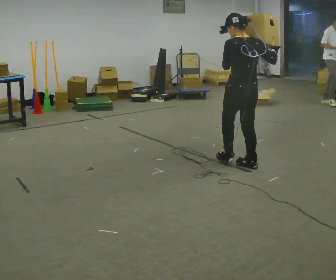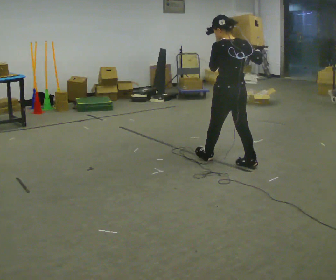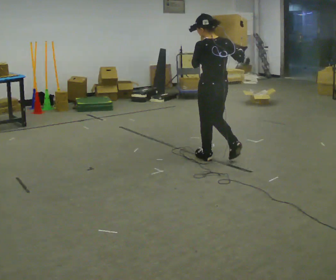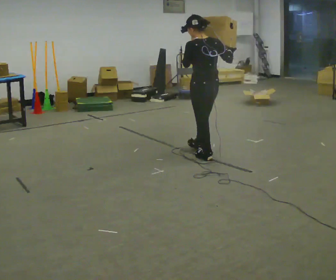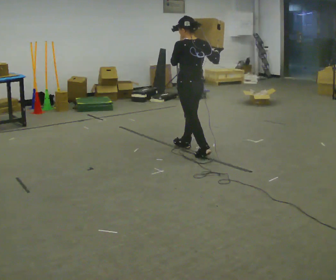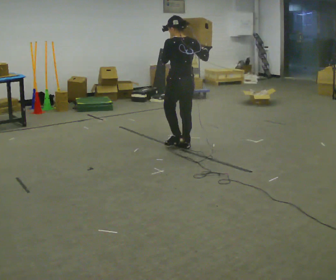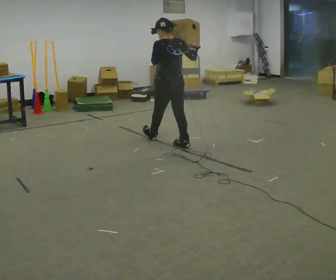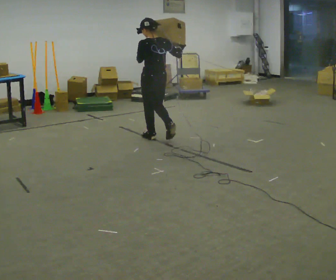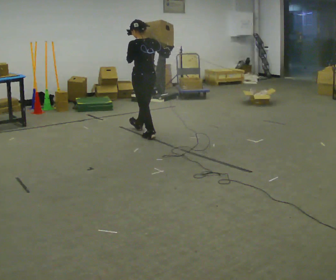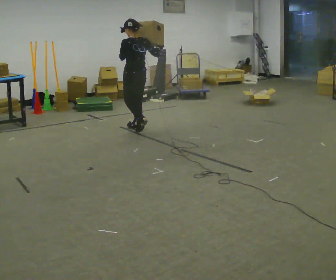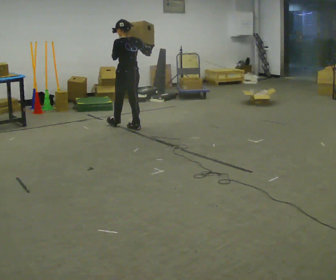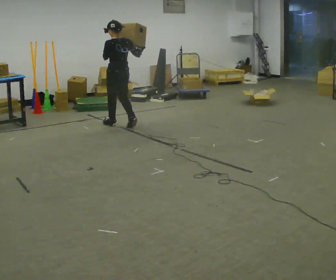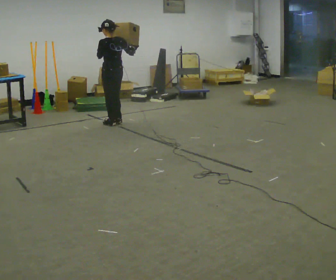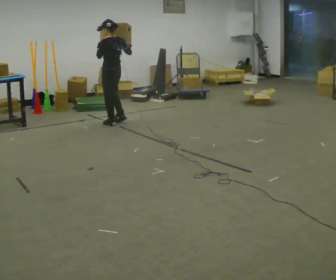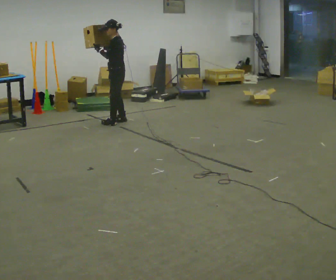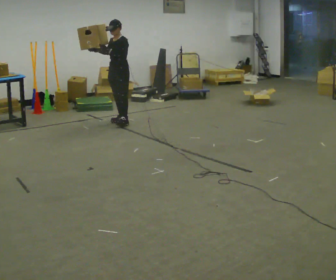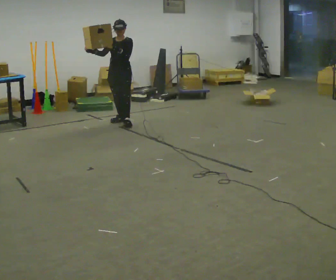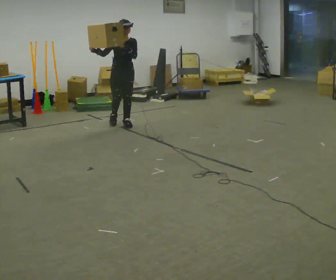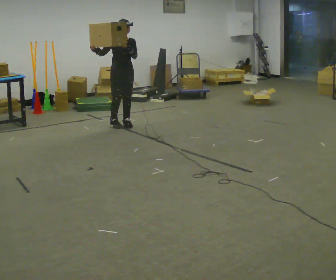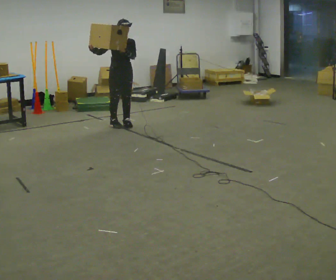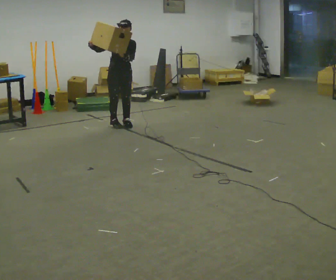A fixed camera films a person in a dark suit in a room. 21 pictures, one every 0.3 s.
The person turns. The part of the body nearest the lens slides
to the right.
The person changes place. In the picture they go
away from the camera.
0.0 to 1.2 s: In the picture they go away from the camera and to the left, about 0.75 m in 2 steps, which for them is forward.
1.2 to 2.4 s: In the picture they go away from the camera and to the left, about 1 m in 1 step, which for them is forward.
2.4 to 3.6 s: In the picture they go away from the camera and to the left, about 0.5 m in 2 steps, which for them is forward.
3.6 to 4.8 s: Seen from above the body turns counterclockwise, about 135 degrees: to their left, with its near side sliding to the right. In the picture their right hand goes to the left.
4.8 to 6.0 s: In the picture they go toward the camera, about 0.25 m in 1 step, which for them is forward.
The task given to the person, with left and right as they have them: Carry the box and, while walking, shift it to a different hold: front, then hip, then shoulder, then back to front. Do not stop walking.
The film runs forward here.
